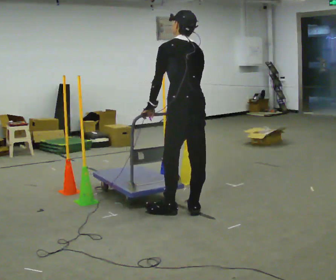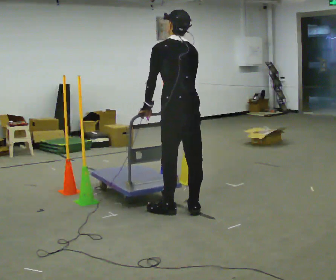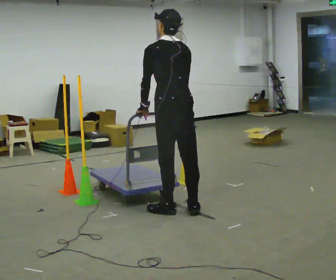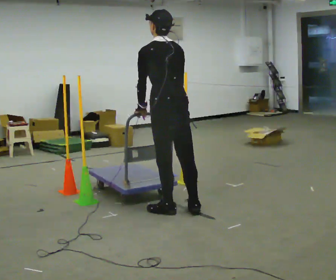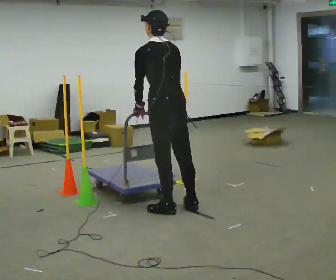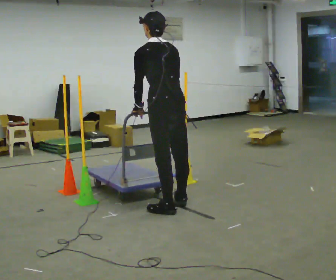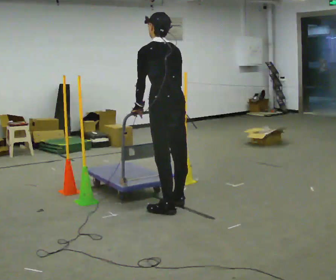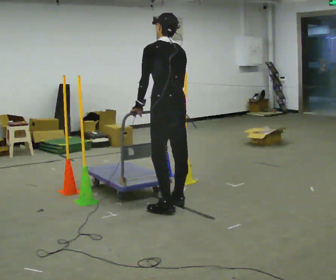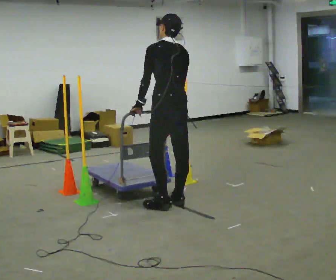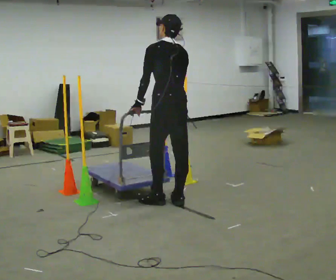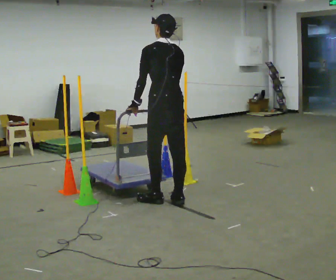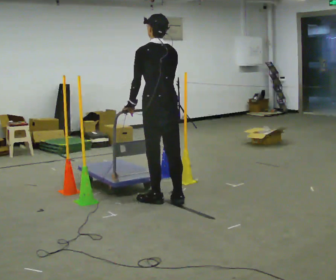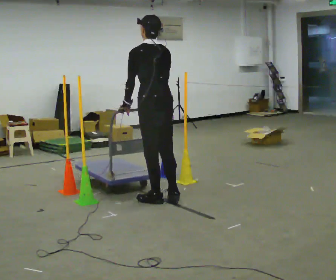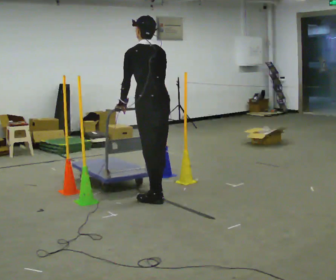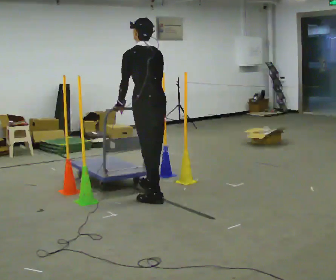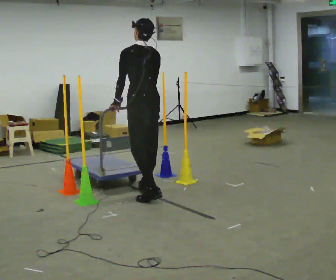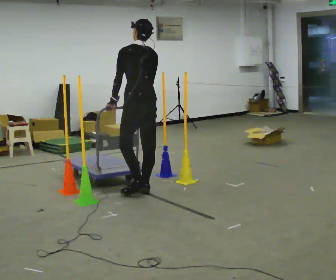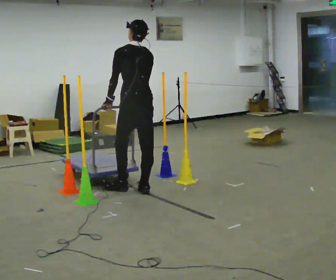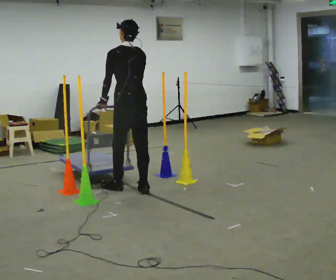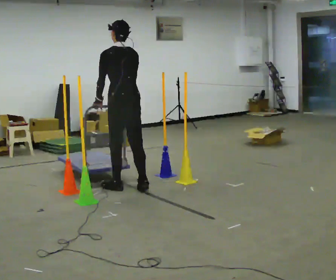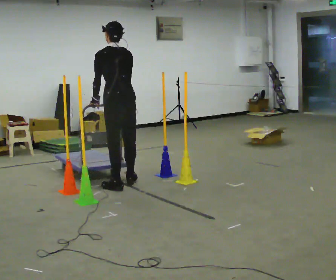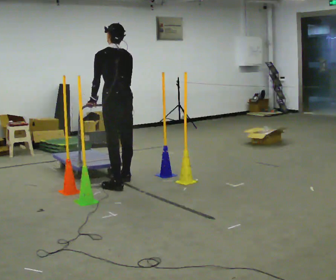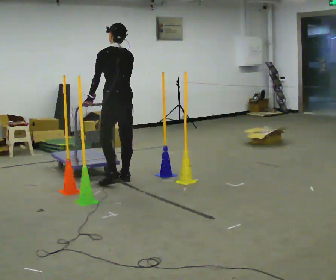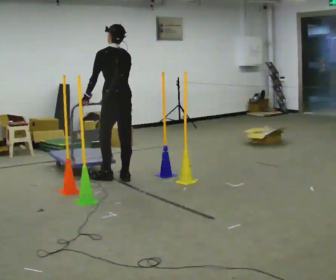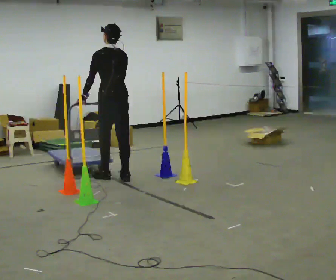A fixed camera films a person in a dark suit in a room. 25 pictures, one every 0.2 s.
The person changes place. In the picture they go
away from the camera.
0.0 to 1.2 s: In the picture they go to the left and away from the camera, about 0.25 m in 1 step, which for them is forward.
1.2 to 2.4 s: In the picture they go away from the camera, about 0.25 m in 2 steps, which for them is forward.
2.4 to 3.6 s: In the picture they go away from the camera and to the left, about 0.5 m in 1 step, which for them is forward.
3.6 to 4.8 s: In the picture they go away from the camera and to the left, about 0.5 m in 2 steps, which for them is forward.
The film runs backward here.
